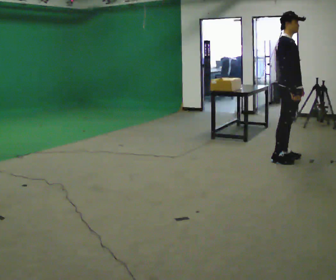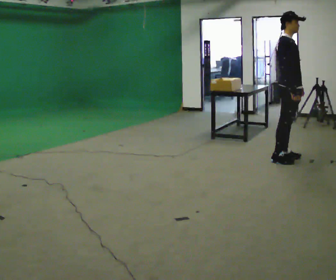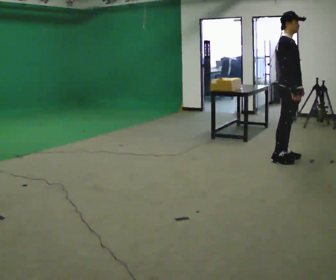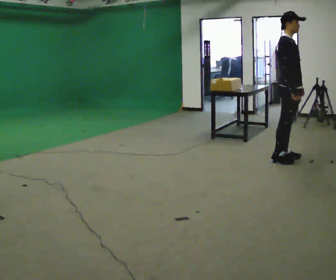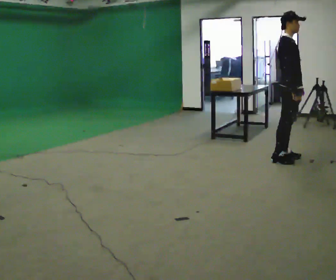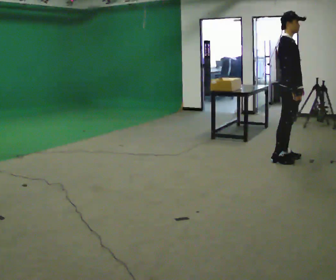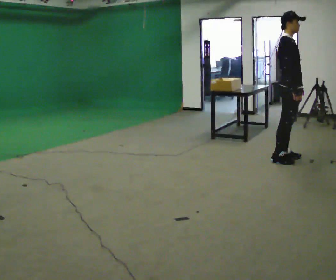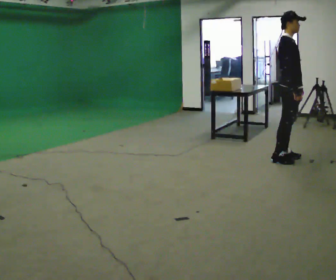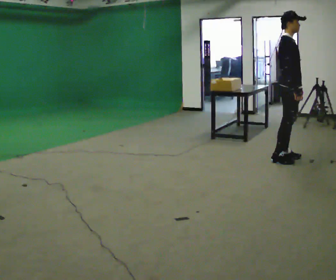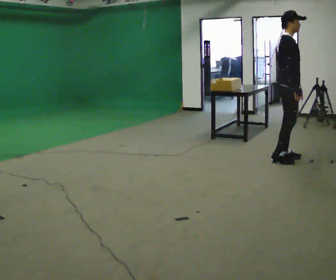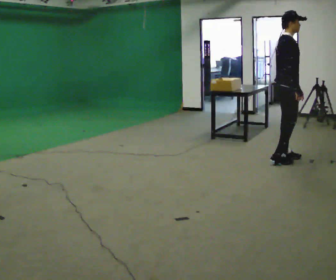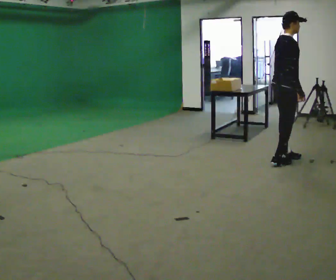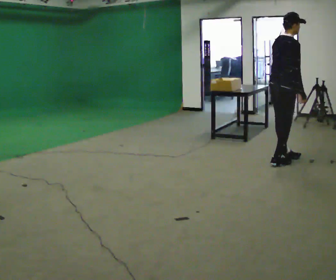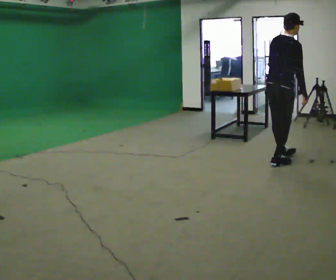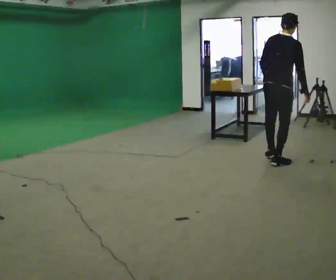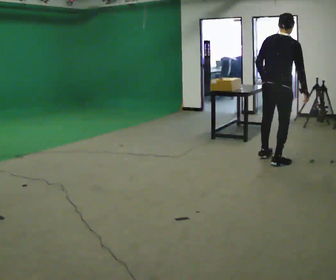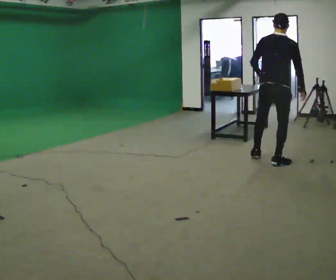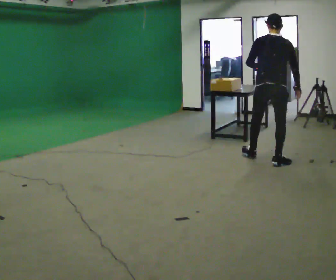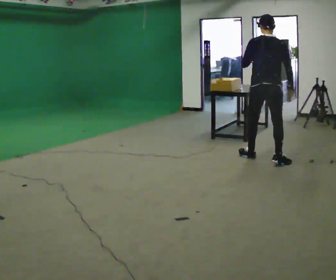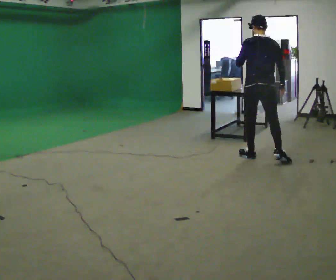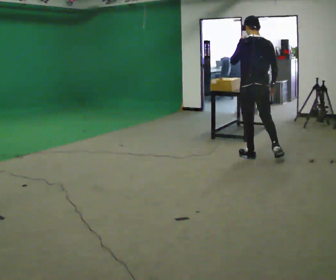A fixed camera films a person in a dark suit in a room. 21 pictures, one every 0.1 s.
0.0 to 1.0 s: The person turns about 30 degrees to their left, counterclockwise seen from above, so the part of the body nearest the lens slides to the right.
1.0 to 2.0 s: The part of the body nearest the lens slides to the right as the person turns to their left by about 105 degrees. In the picture they go to the left, about 0.5 m in 2 steps. In the picture their left hand goes upward.
The film runs forward here.
